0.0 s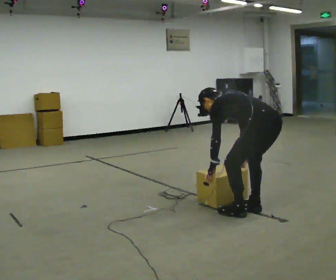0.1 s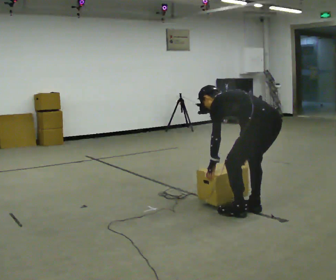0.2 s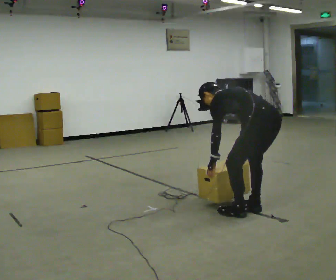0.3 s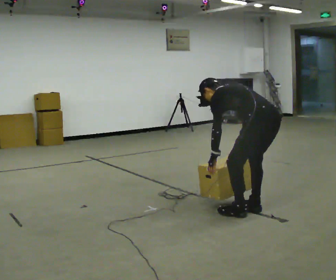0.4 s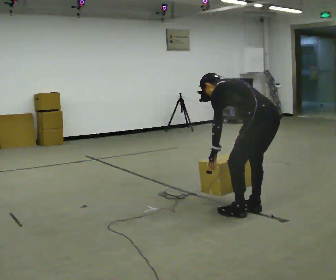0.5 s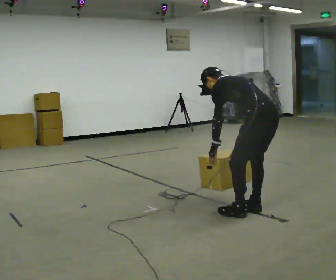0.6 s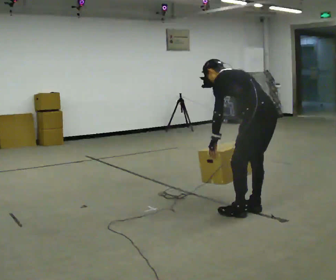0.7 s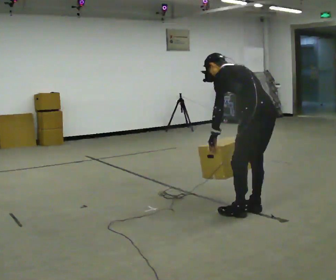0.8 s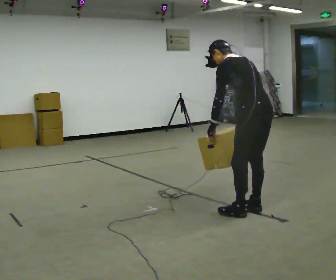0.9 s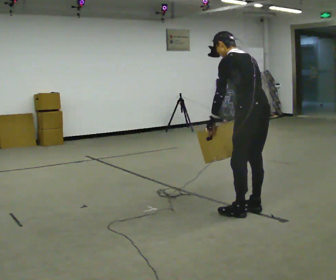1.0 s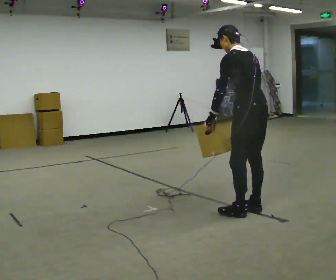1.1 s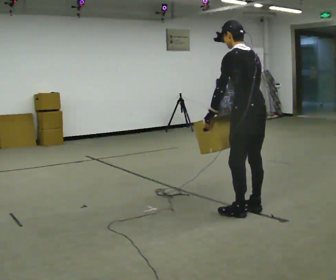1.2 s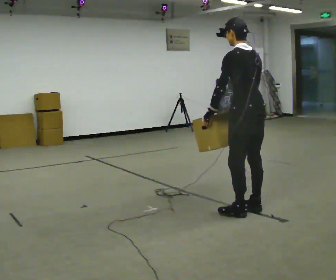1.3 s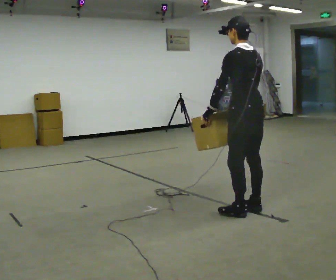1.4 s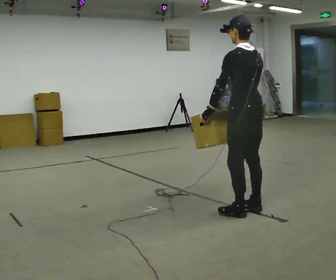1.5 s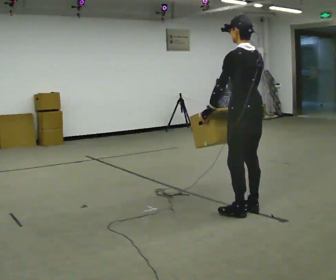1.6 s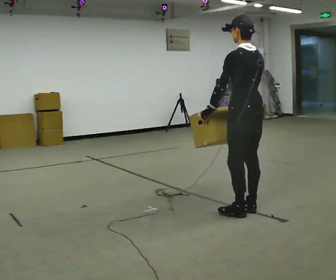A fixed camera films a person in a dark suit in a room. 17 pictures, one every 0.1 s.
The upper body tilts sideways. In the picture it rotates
clockwise.
Their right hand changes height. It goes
upward.
0.0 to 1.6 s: The shoulders move upward. In the picture the upper body tilts clockwise, shoulders to the right, as they lean back or straighten. In the picture their left hand goes upward.
The film runs backward here.
